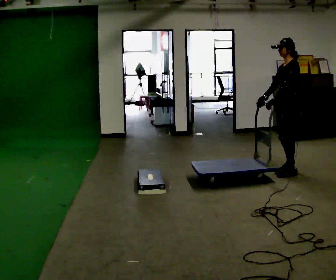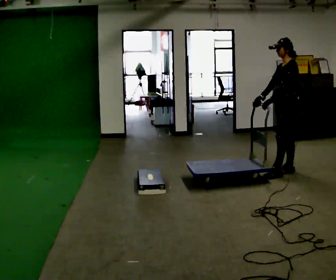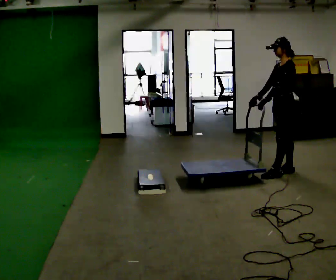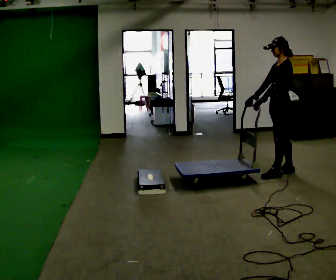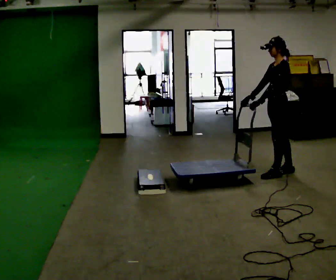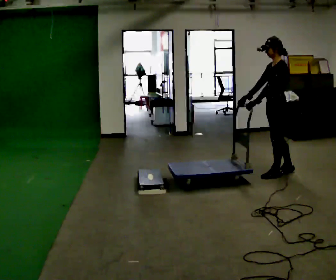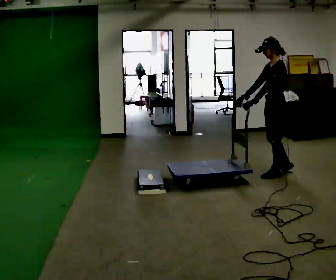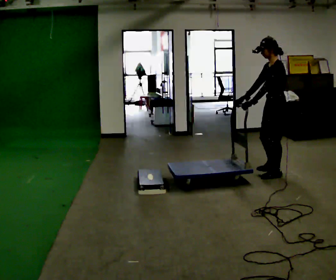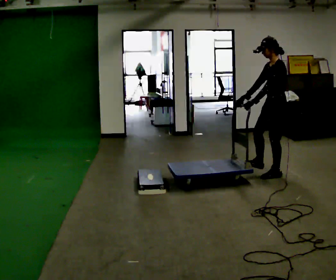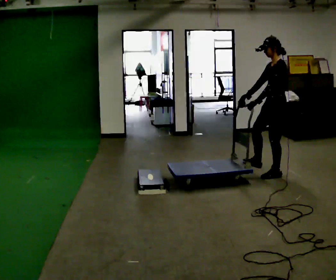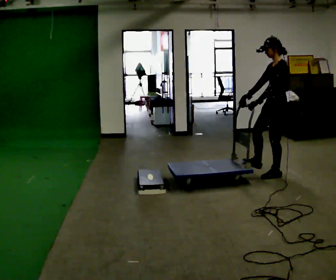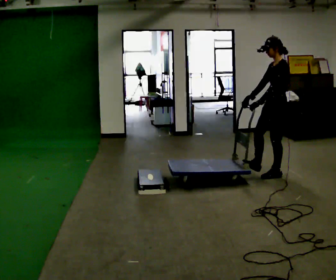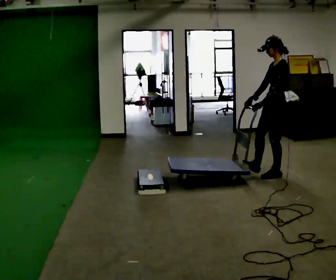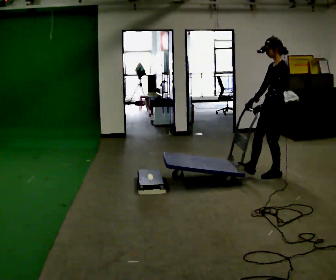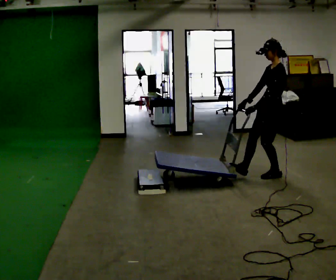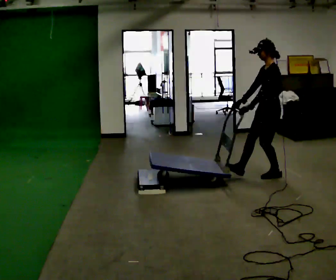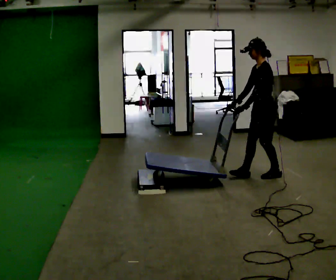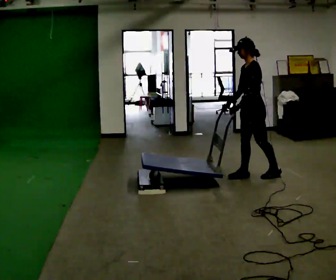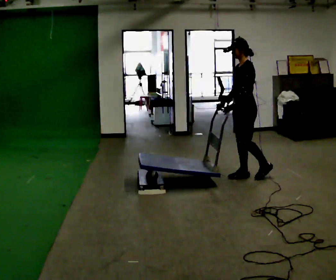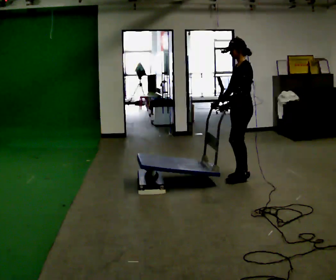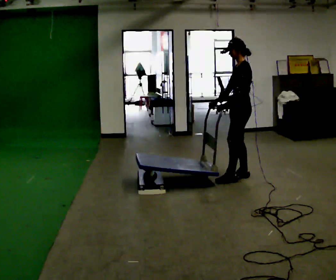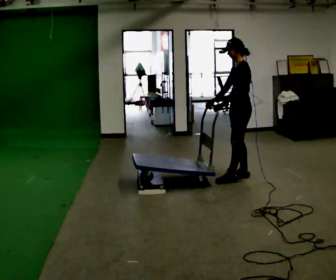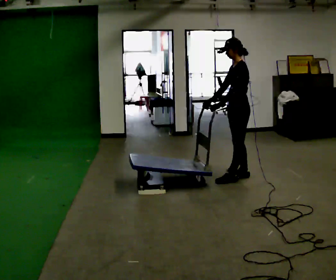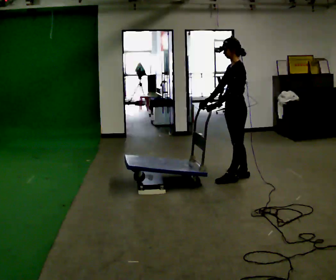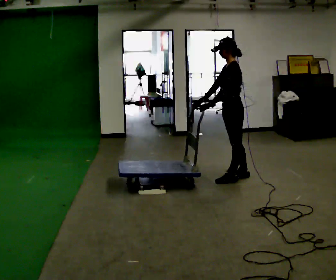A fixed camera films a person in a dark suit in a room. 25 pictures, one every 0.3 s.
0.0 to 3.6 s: In the picture they go toward the camera and to the left, about 0.25 m in 2 steps, which for them is forward and to their left.
3.6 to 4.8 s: In the picture they go to the left, about 0.25 m in 1 step, which for them is forward.
4.8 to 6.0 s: In the picture they go to the left, about 0.25 m in 1 step, which for them is forward.
6.0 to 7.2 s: The person moves a little, or ends about where they began.
The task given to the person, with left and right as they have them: Push the cart up over the low platform edge and down the other side, then bring it back over.
The film runs forward here.
